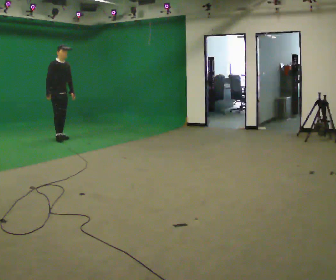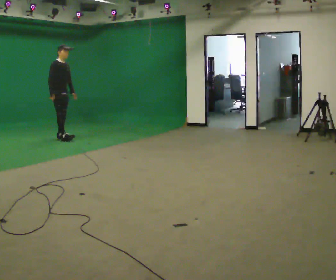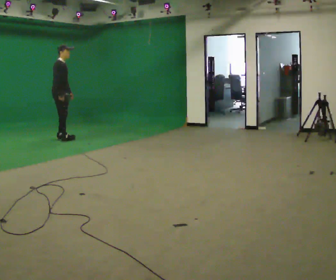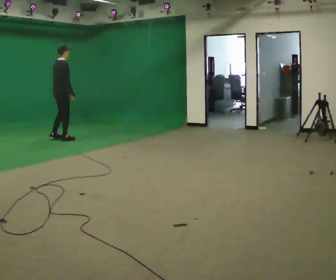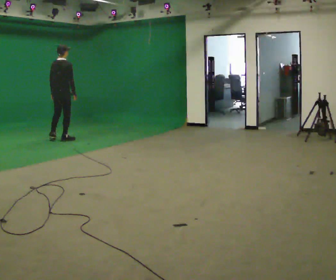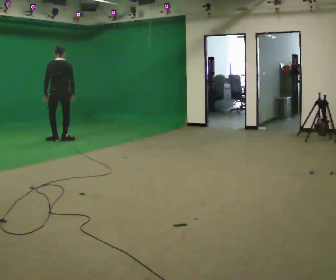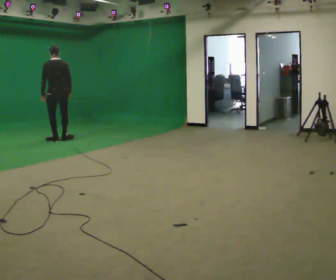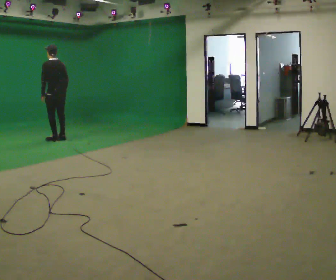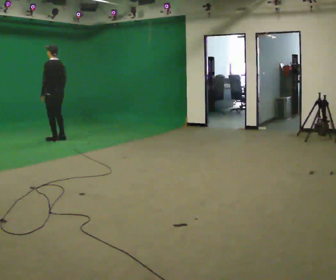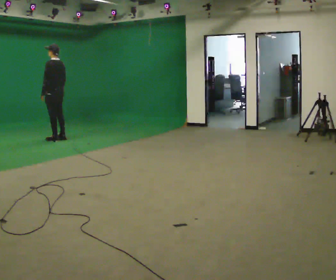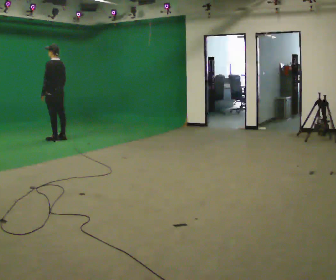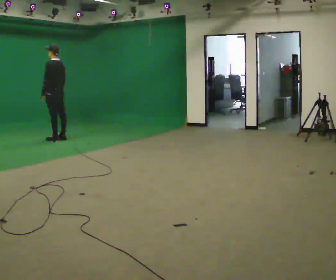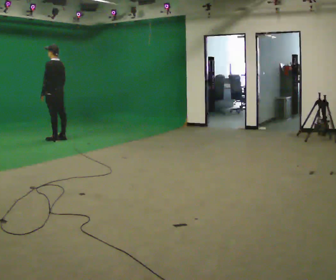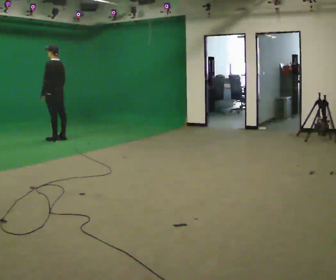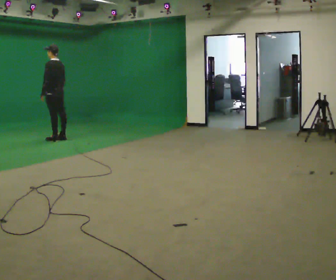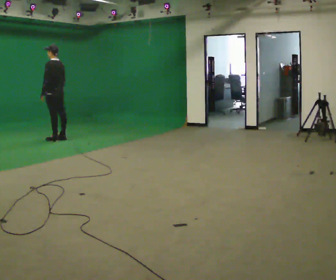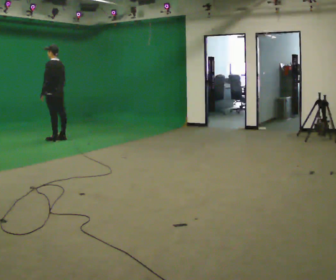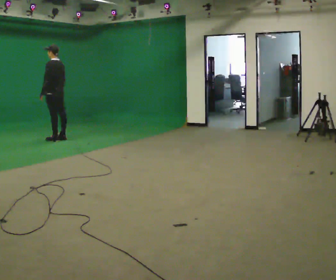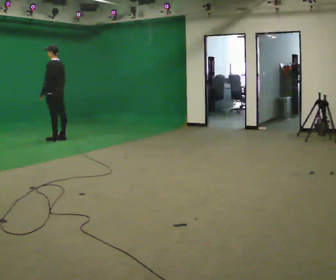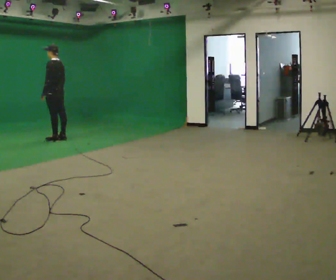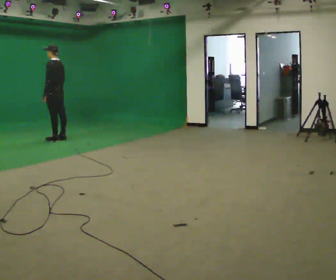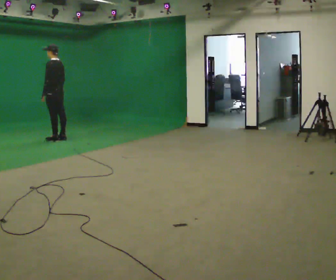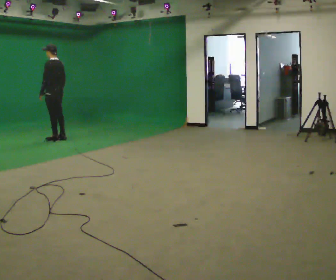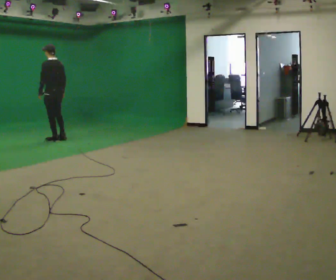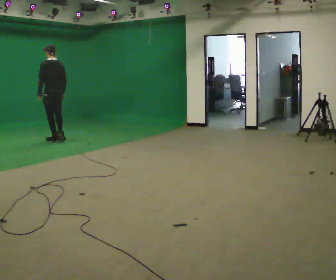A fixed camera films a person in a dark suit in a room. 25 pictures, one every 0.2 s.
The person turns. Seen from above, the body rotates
counterclockwise.
The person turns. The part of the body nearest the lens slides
to the right.
0.0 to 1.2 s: The person turns about 150 degrees to their left, counterclockwise seen from above, so the part of the body nearest the lens slides to the right. In the picture they go toward the camera, about 0.25 m in 2 steps.
1.2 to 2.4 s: The person turns about 30 degrees to their left, counterclockwise seen from above, so the part of the body nearest the lens slides to the right.
2.4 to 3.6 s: The person keeps their place and pose.
3.6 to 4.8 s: In the picture they go toward the camera, about 0.25 m in 1 step, which for them is to their left.
The film runs backward here.
